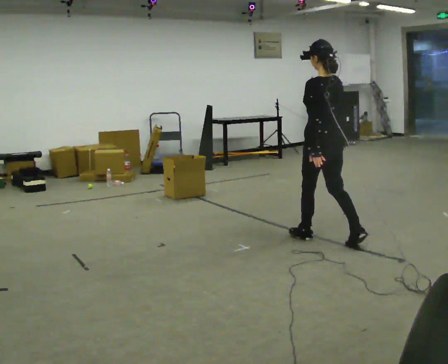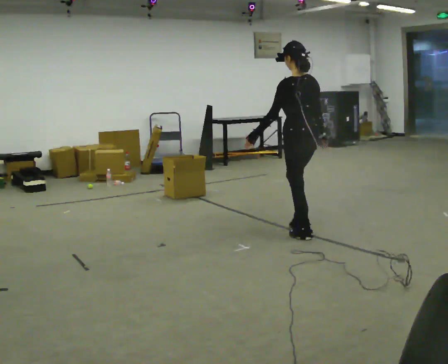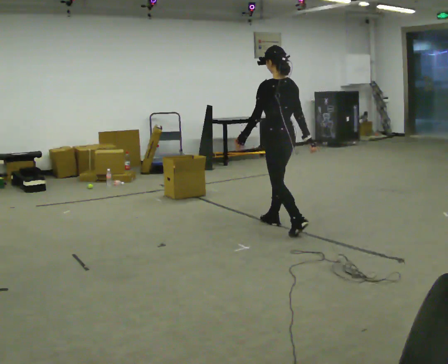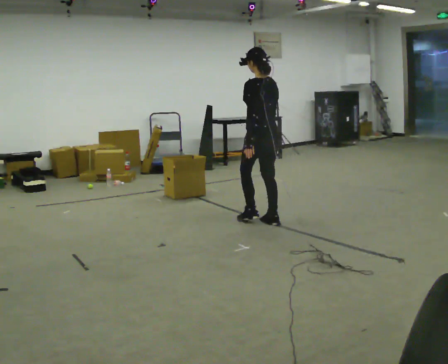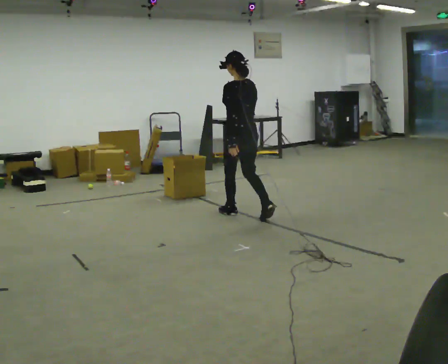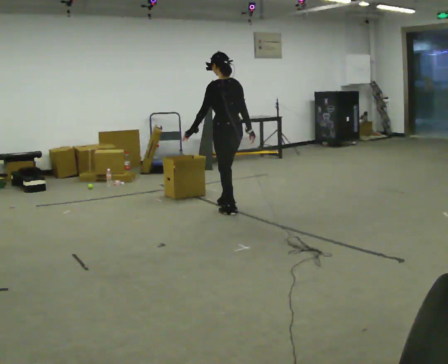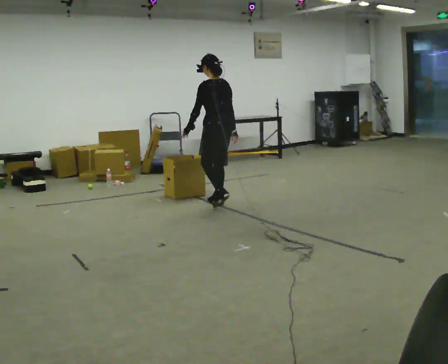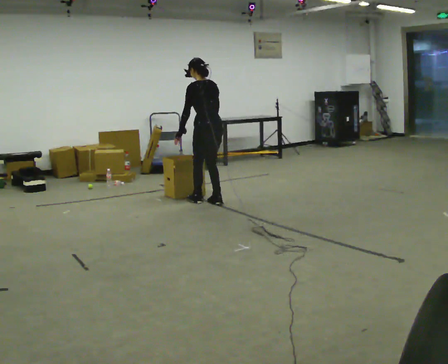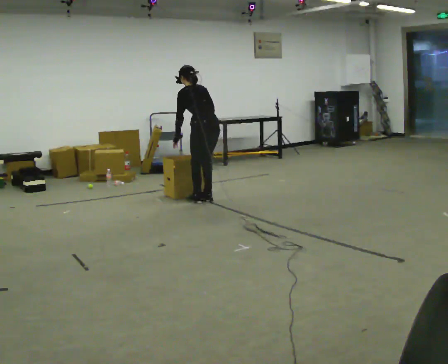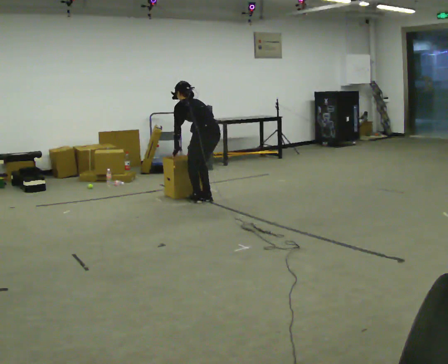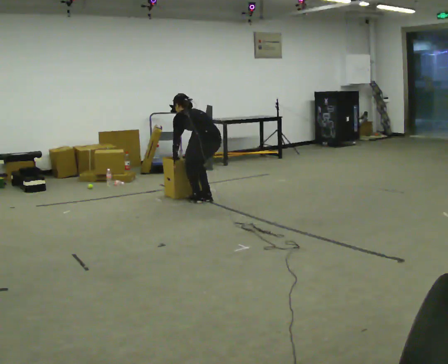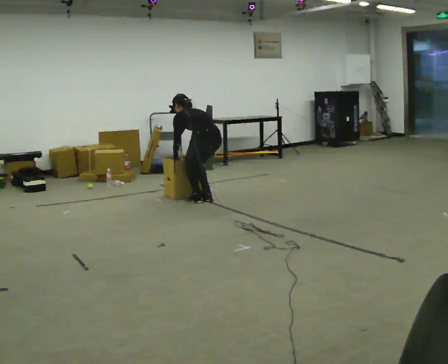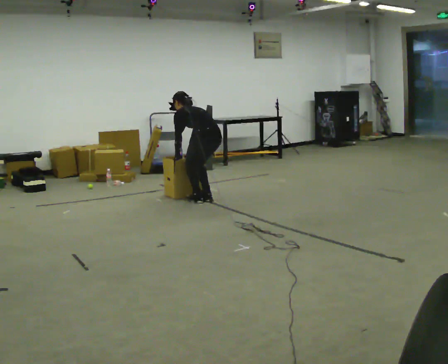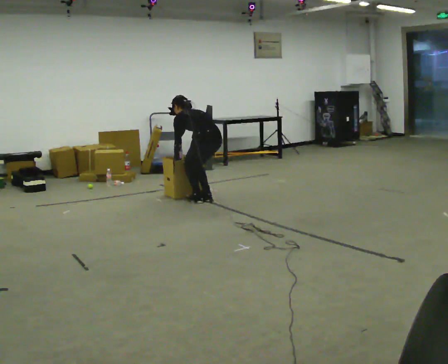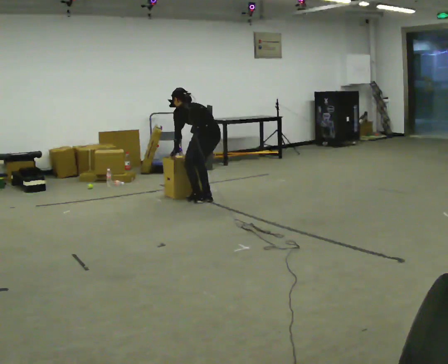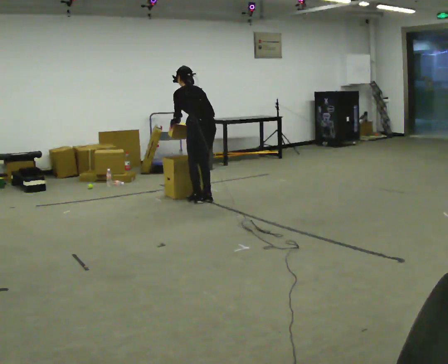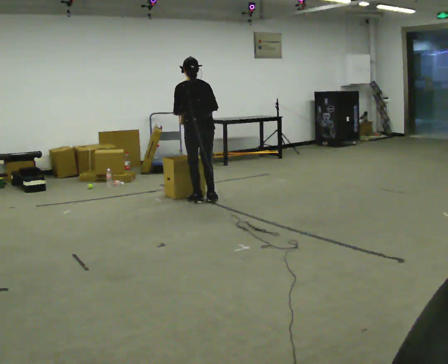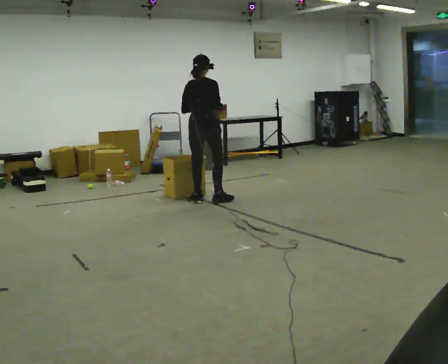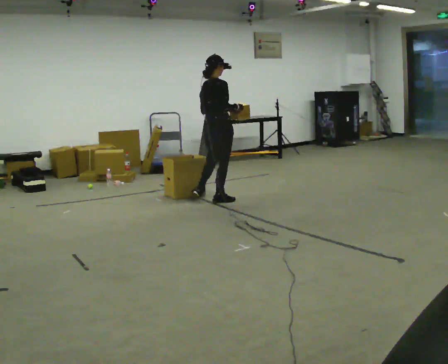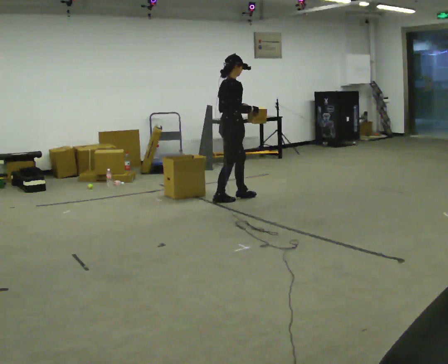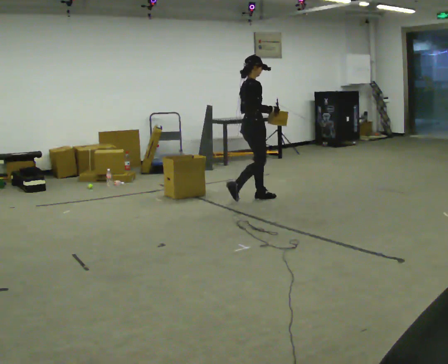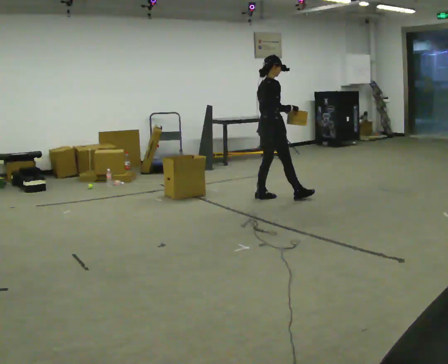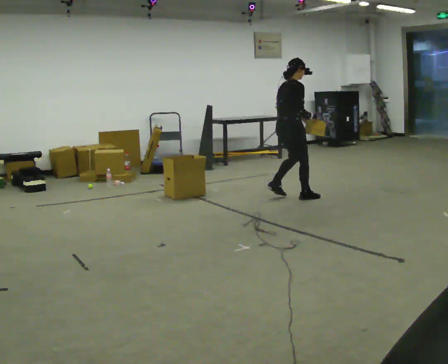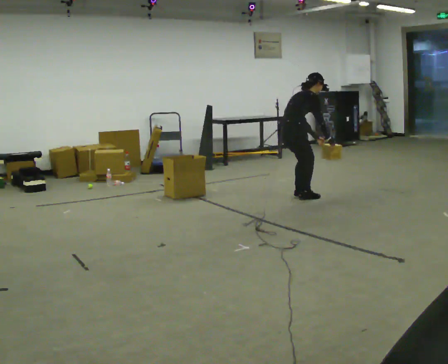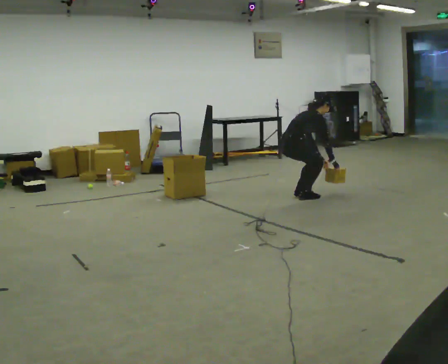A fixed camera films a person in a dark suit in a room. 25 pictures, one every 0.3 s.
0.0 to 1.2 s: In the picture they go away from the camera and to the left, about 1 m in 2 steps, which for them is forward.
1.2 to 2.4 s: In the picture they go away from the camera and to the left, about 0.75 m in 2 steps, which for them is forward. The upper body tips away from the camera, its near side rolling upward, as they bend forward.
2.4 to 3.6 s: The upper body goes downward. The upper body tips away from the camera, its near side rolling upward, as they bend forward.
3.6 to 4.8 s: The shoulders move upward. The upper body tips toward the camera, its near side rolling downward, as they lean back or straighten. In the picture their right hand goes upward.
4.8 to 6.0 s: The person turns about 105 degrees to their right, clockwise seen from above, so the part of the body nearest the lens slides to the left. In the picture they go to the right, about 0.5 m in 1 step.
6.0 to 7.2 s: In the picture they go to the right, about 0.5 m in 2 steps, which for them is forward and to their right. The shoulders move downward. In the picture the upper body tilts clockwise, shoulders to the right, as they bend forward. In the picture their right hand goes downward.
The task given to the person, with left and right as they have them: Take the objects from the bin one at a time and put one in each of the places the operator points out. Keep going until the operator says stop; one object at a time, and do not rush between trips.
The film runs forward here.
